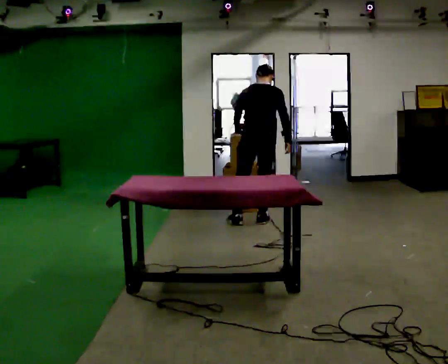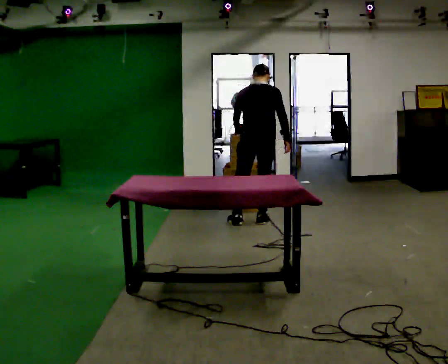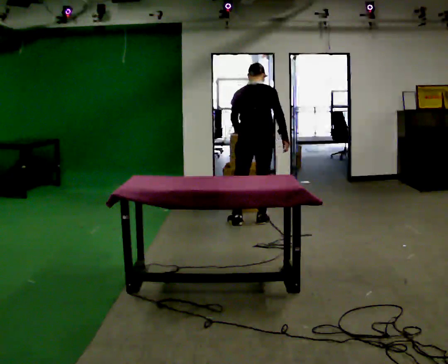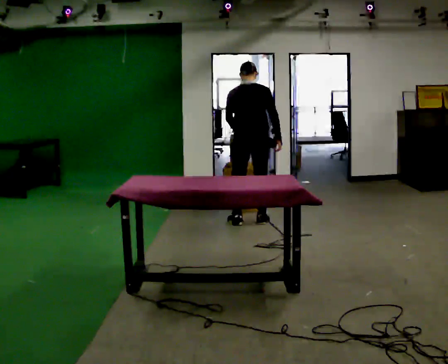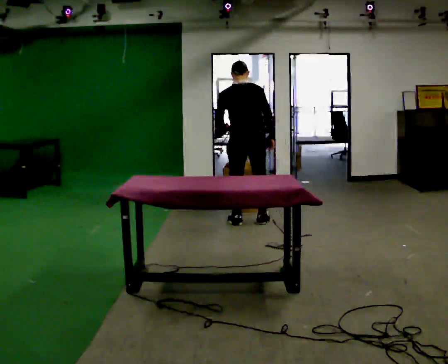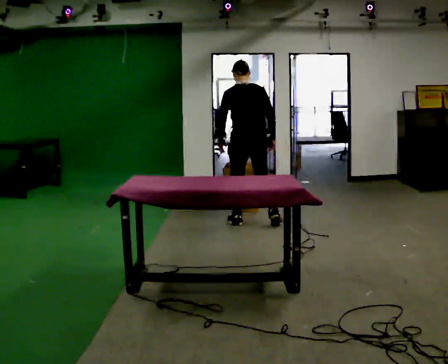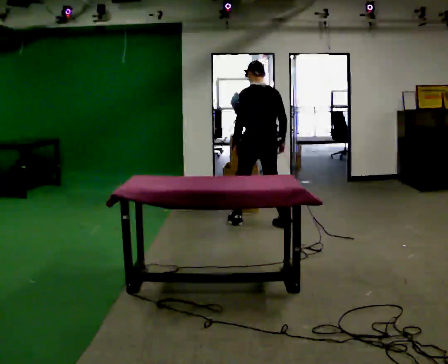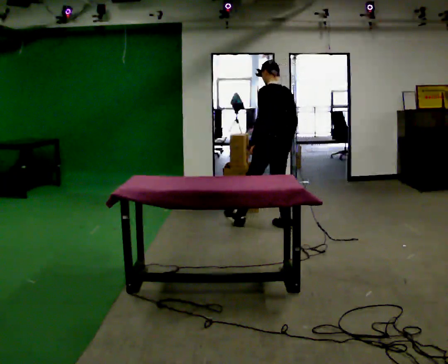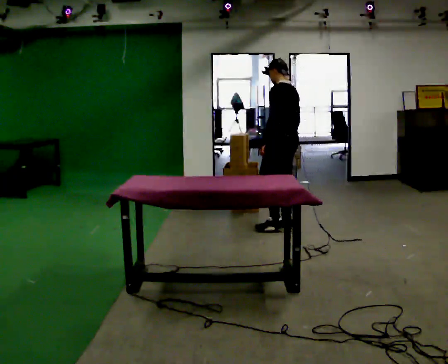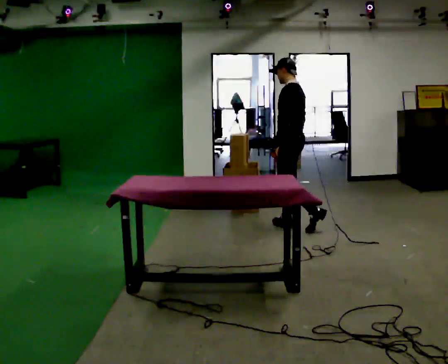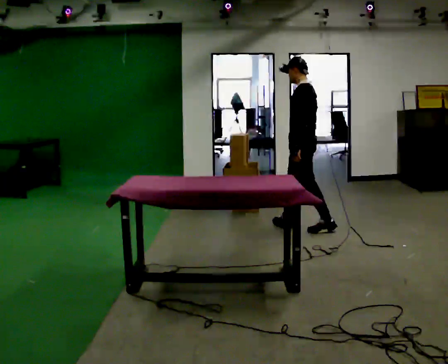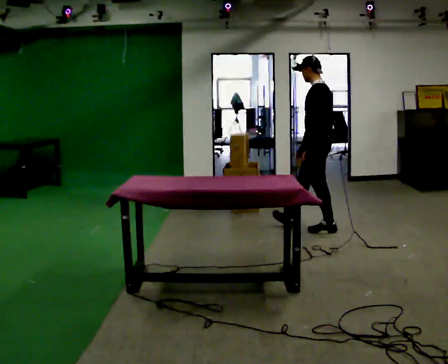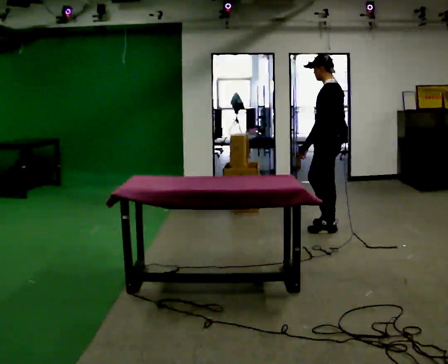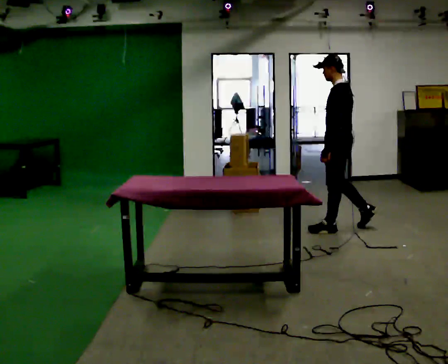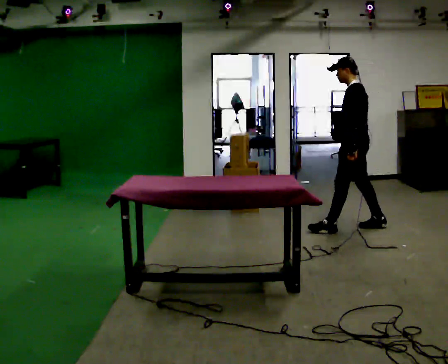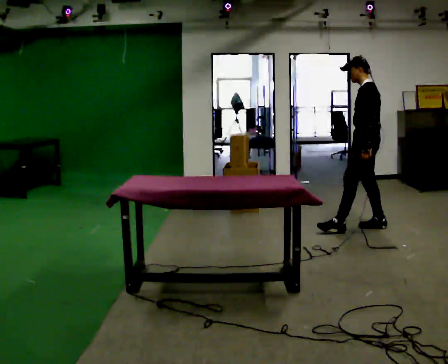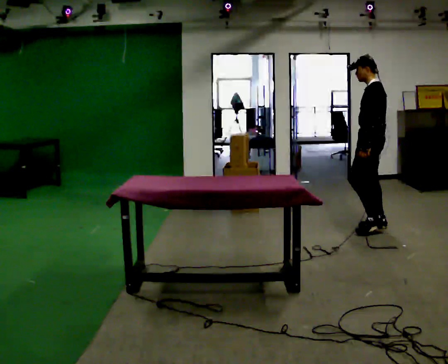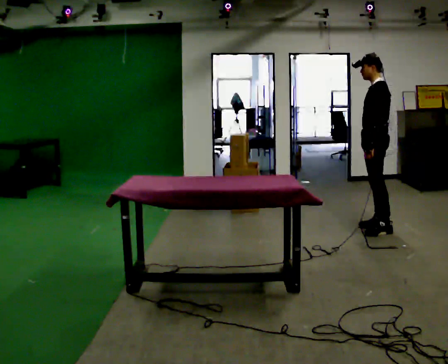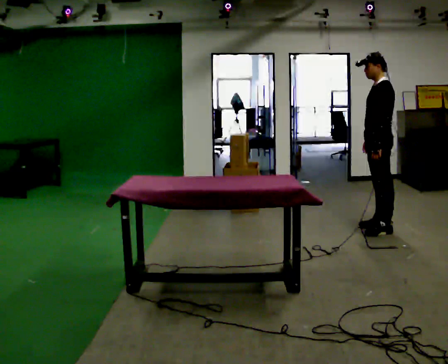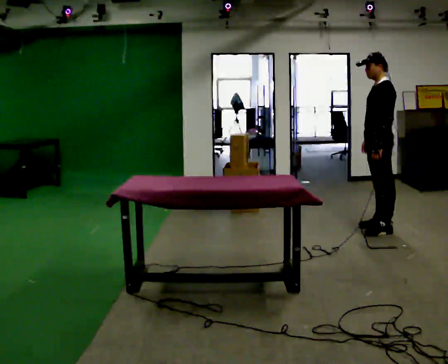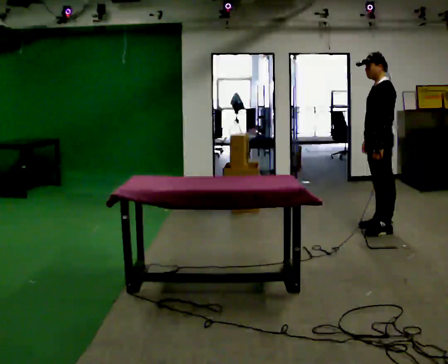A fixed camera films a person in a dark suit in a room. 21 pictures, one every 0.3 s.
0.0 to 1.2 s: The person moves a little, or ends about where they began.
1.2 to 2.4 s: Seen from above the body turns counterclockwise, about 60 degrees: to their left, with its near side sliding to the right. In the picture they go to the right, about 0.5 m in 2 steps, which for them is to their right and backward.
2.4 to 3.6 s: In the picture they go to the right and toward the camera, about 0.5 m in 1 step, which for them is backward.
3.6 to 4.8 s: In the picture they go to the right, about 0.5 m in 1 step, which for them is backward.
4.8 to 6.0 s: The person moves a little, or ends about where they began.
The film runs backward here.
